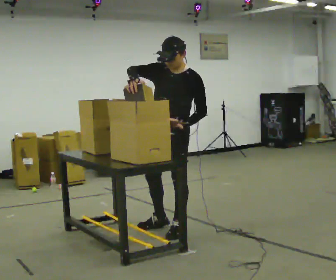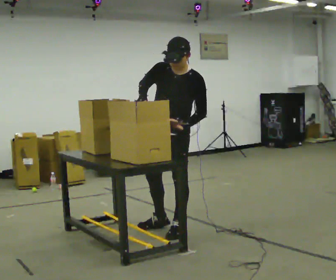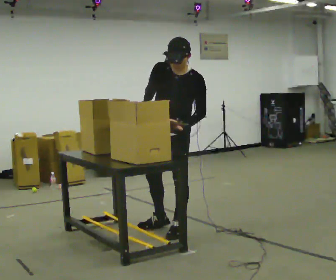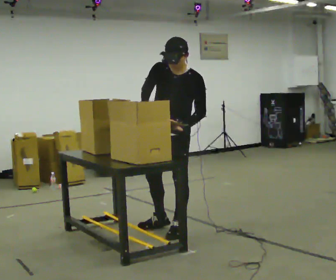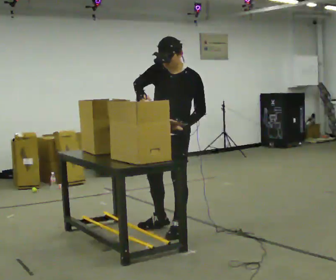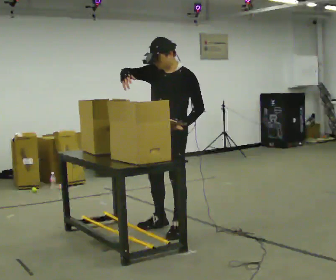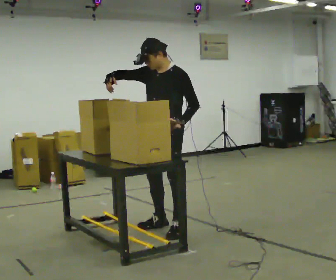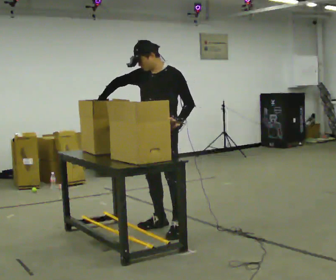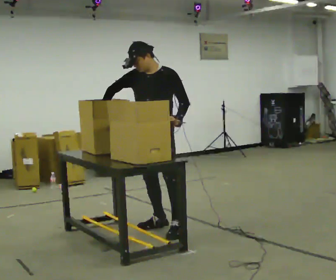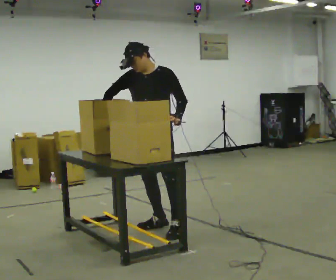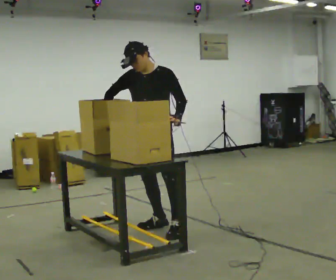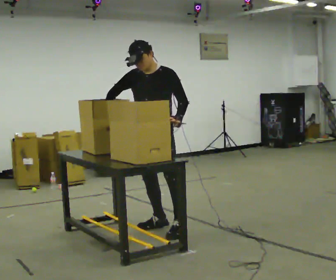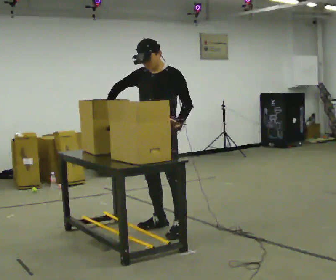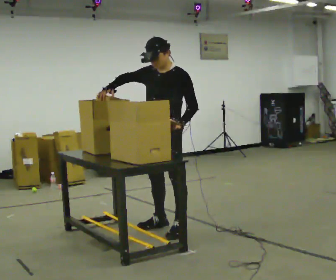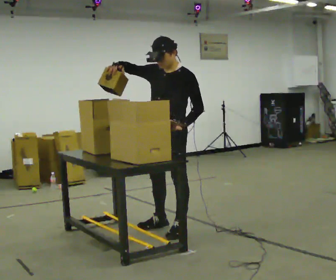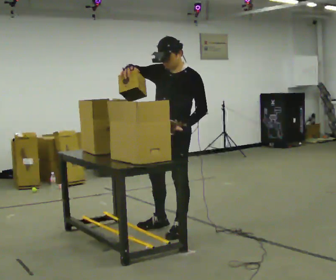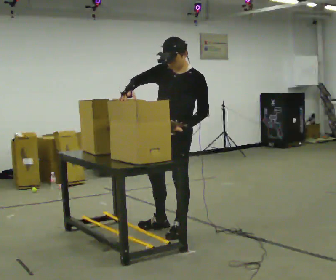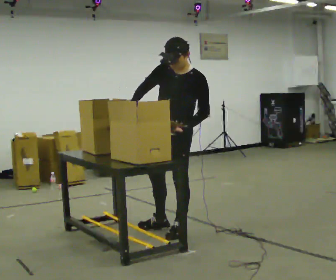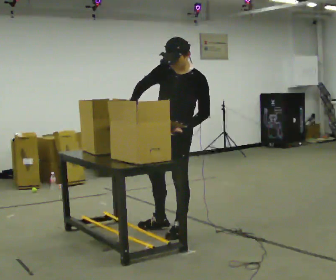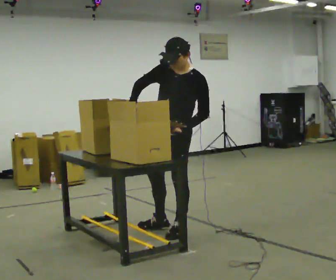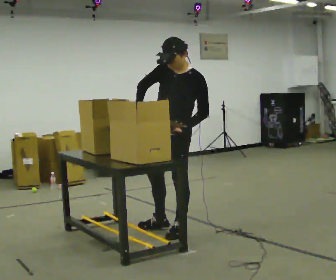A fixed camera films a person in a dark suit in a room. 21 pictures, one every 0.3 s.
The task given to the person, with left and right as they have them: Move the items from one container to the other one at a time, then move them back. Repeat at your own pace until the operator says stop. Keep both feet on the marked spots for the whole take. If you have to step, stop and tell the operator.
0.0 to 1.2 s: The person moves a little, or ends about where they began.
1.2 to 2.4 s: In the picture they go away from the camera, about 0.25 m, which for them is to their right. In the picture their right hand goes to the left.
2.4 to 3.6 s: The person moves a little, or ends about where they began.
3.6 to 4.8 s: In the picture they go toward the camera, about 0.25 m, which for them is to their left.
4.8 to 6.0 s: The person moves a little, or ends about where they began.
The film runs forward here.
